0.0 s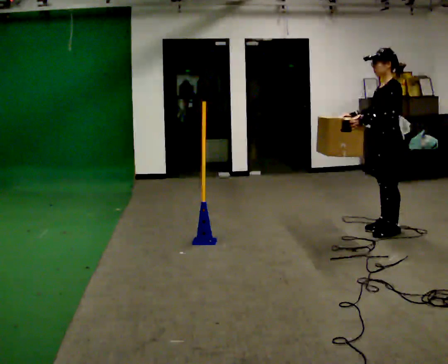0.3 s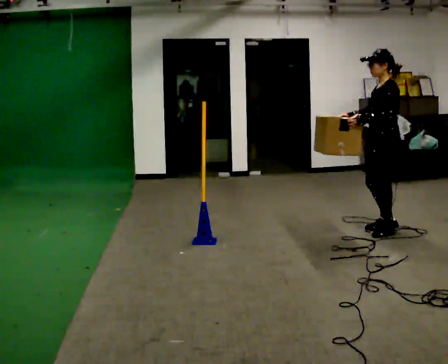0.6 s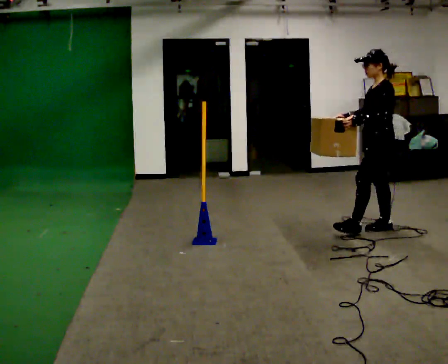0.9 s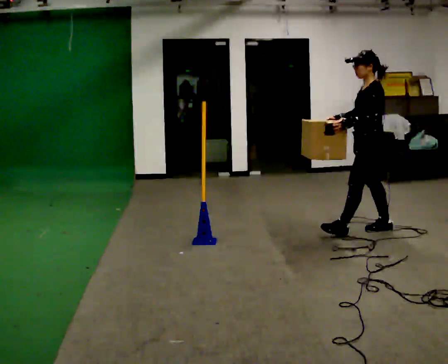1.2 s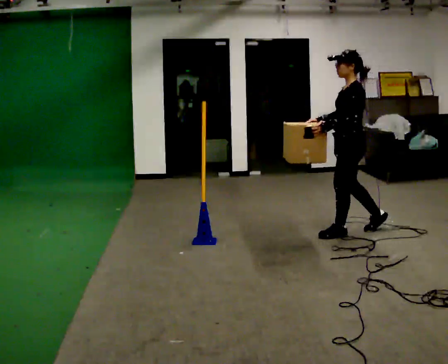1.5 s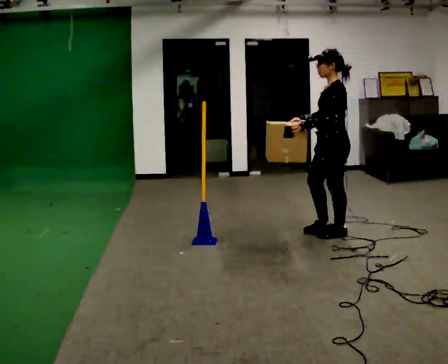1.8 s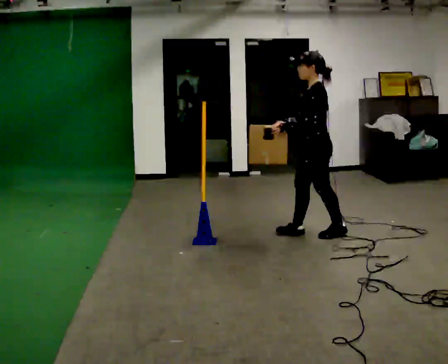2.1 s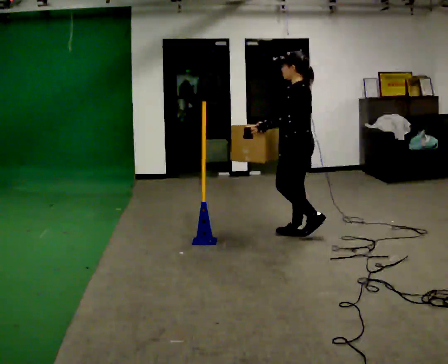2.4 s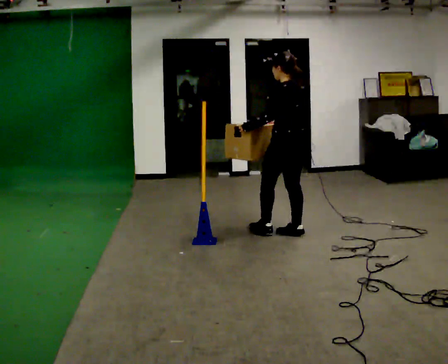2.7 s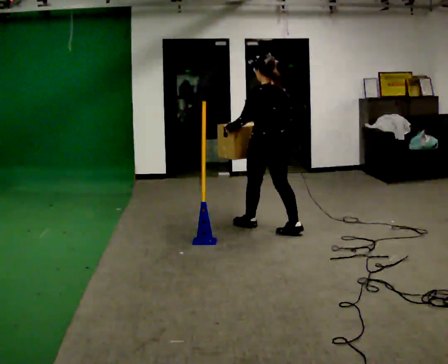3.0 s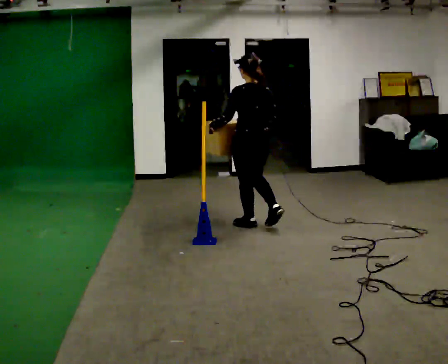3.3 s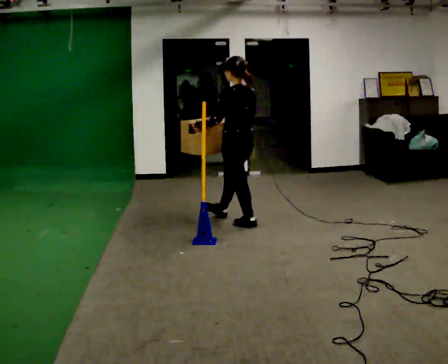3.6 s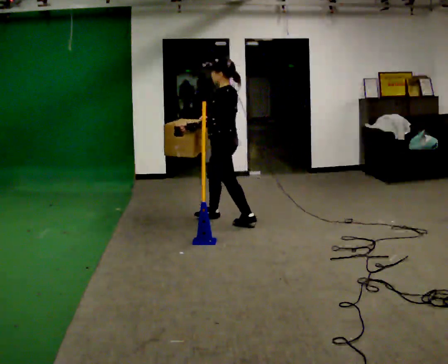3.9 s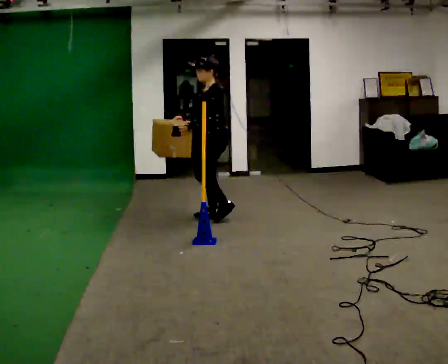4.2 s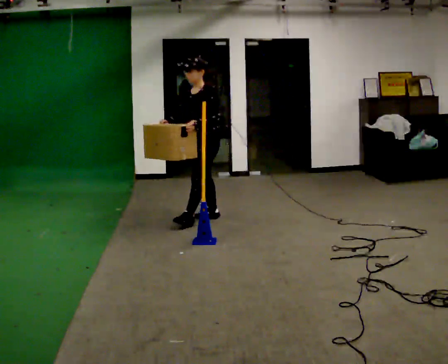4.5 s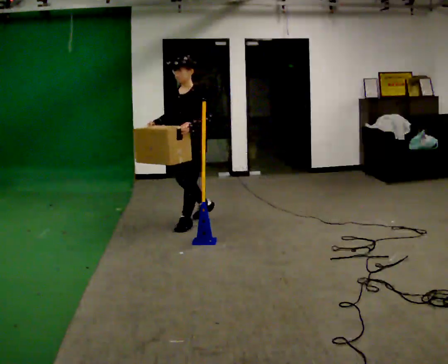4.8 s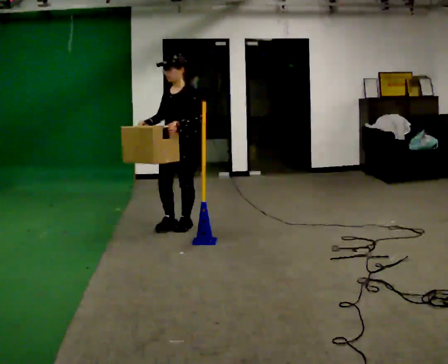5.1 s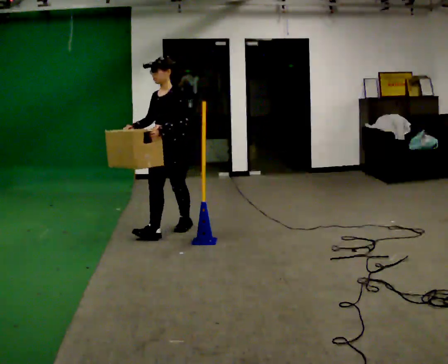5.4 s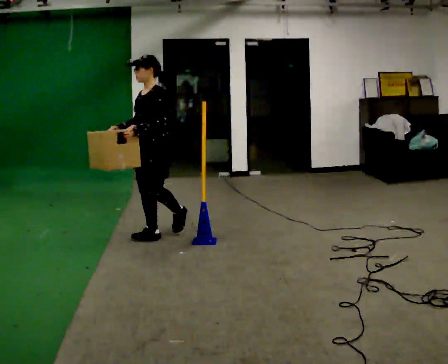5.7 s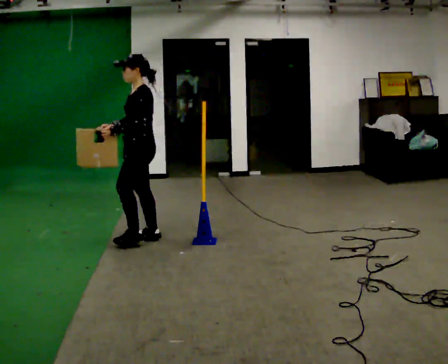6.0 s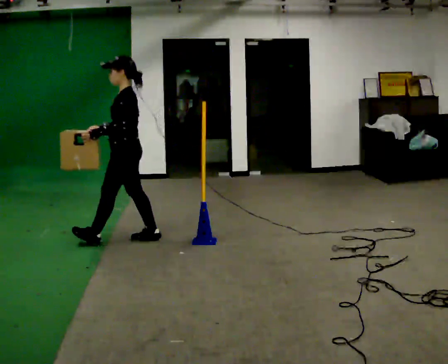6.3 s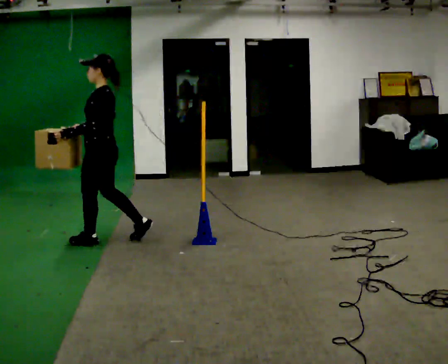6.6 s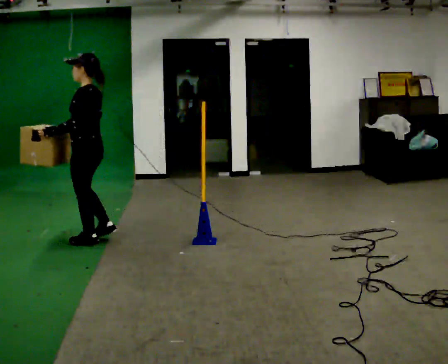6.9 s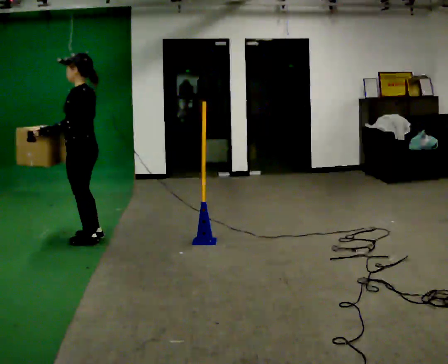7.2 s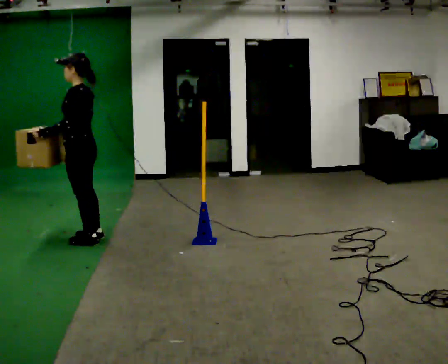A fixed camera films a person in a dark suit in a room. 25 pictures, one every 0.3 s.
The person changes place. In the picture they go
to the left.
0.0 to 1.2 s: In the picture they go to the left, about 0.25 m in 1 step, which for them is forward.
1.2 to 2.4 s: Seen from above the body turns clockwise, about 45 degrees: to their right, with its near side sliding to the left. In the picture they go to the left, about 0.5 m in 1 step, which for them is forward.
2.4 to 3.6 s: The part of the body nearest the lens slides to the right as the person turns to their left by about 30 degrees. In the picture they go to the left and away from the camera, about 0.5 m in 2 steps, which for them is forward.
3.6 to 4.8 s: The part of the body nearest the lens slides to the right as the person turns to their left by about 75 degrees. In the picture they go to the left and toward the camera, about 0.5 m in 1 step.
4.8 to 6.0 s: The part of the body nearest the lens slides to the left as the person turns to their right by about 45 degrees. In the picture they go to the left and toward the camera, about 0.5 m in 1 step, which for them is forward.
6.0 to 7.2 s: In the picture they go to the left, about 0.5 m in 2 steps, which for them is forward.
The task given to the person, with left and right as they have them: Carry the box across the room. The operator will step into your path partway across, so go around them and carry on. Keep going until the operator says stop; one object at a time, and do not rush between trips.
The film runs forward here.
